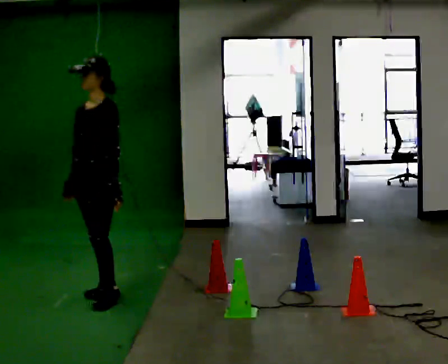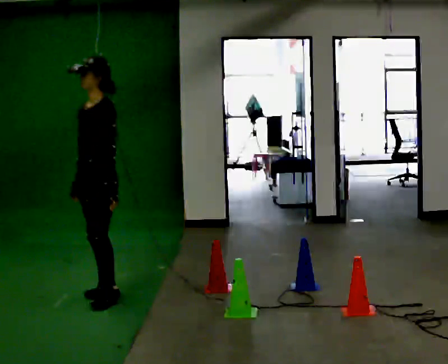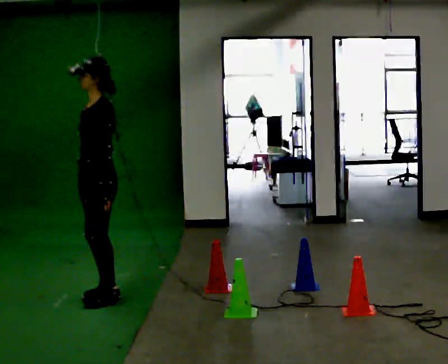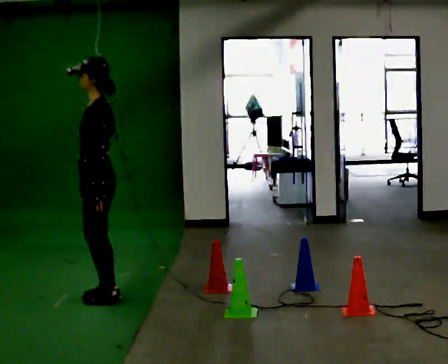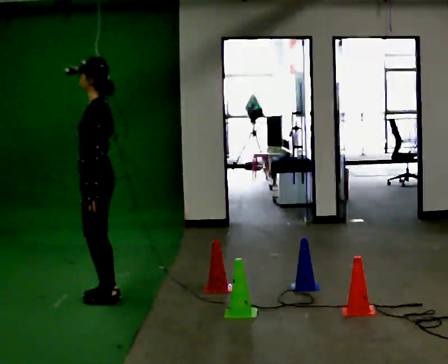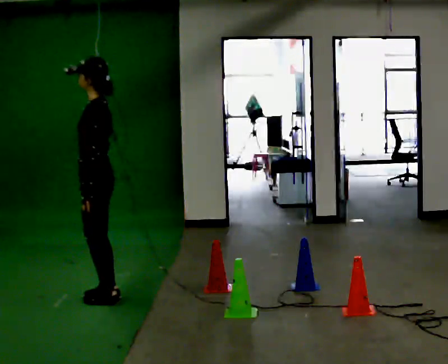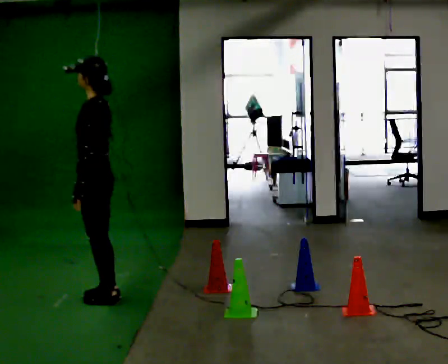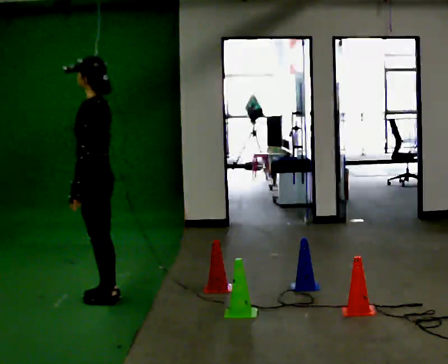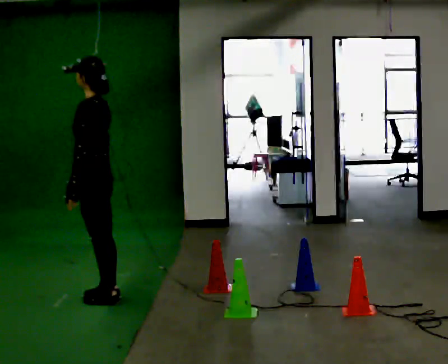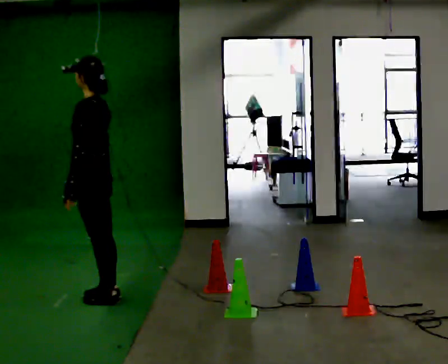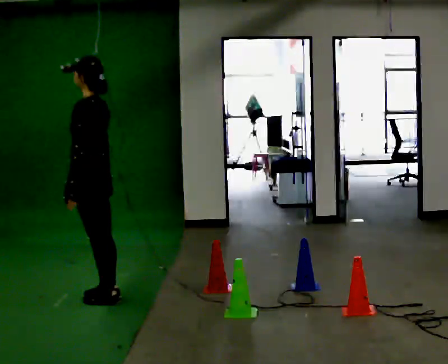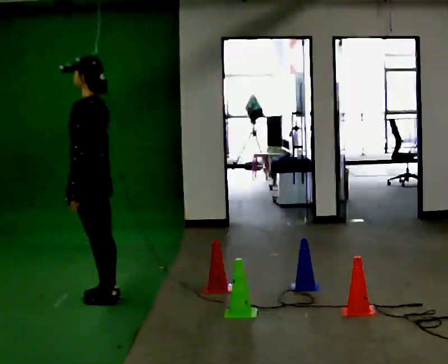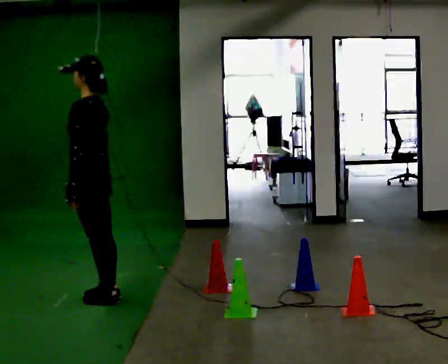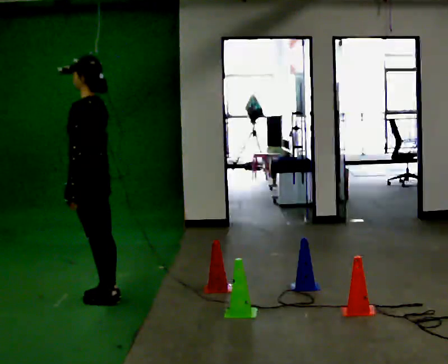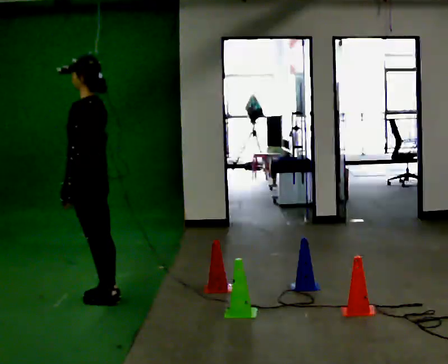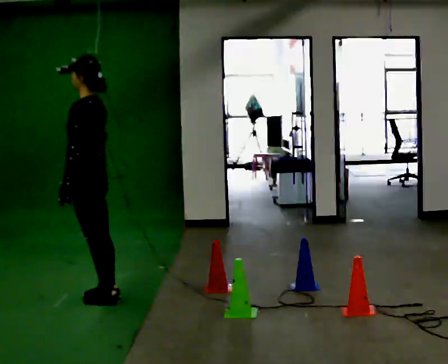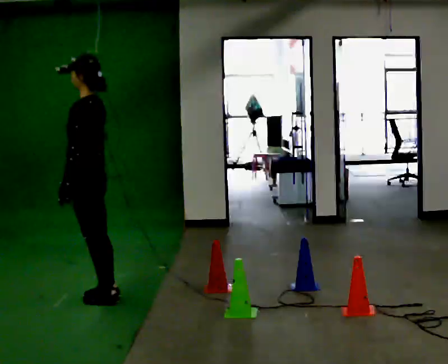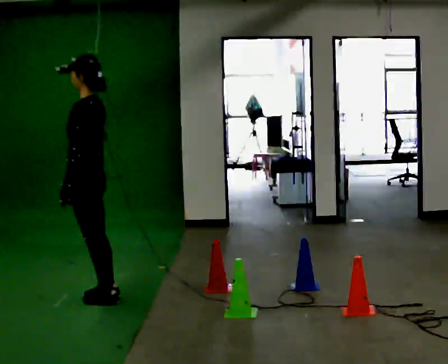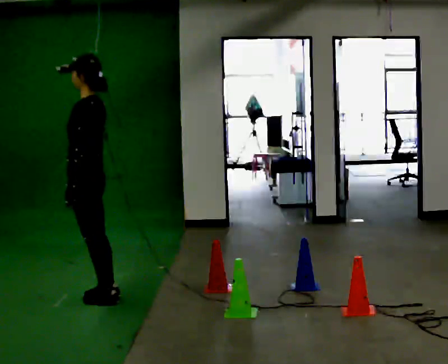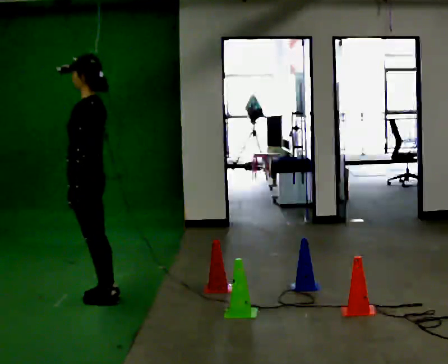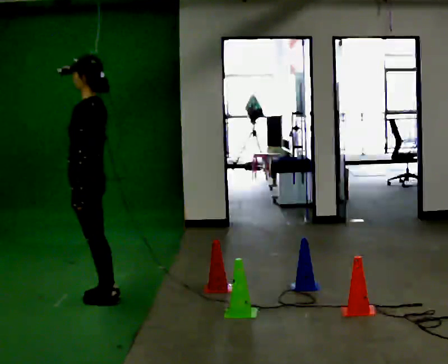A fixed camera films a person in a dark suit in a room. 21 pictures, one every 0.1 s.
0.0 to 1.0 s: Seen from above the body turns clockwise, about 60 degrees: to their right, with its near side sliding to the left.
1.0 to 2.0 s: The person moves a little, or ends about where they began.
The film runs backward here.
